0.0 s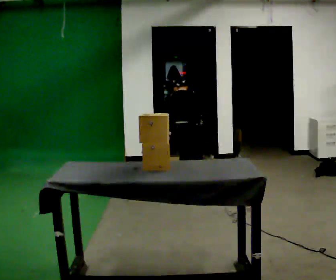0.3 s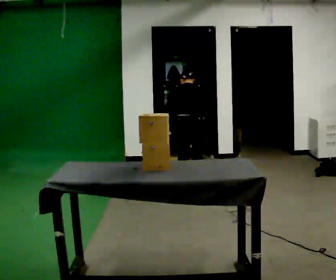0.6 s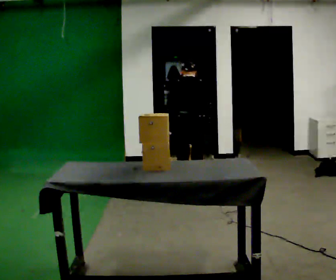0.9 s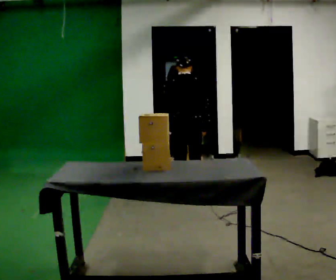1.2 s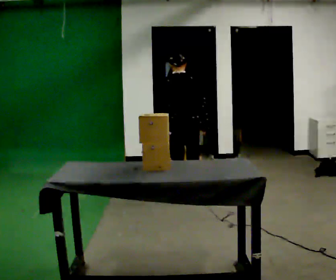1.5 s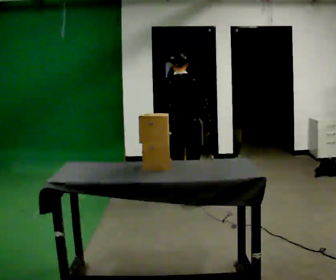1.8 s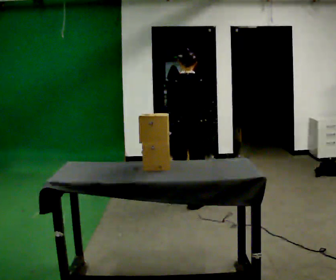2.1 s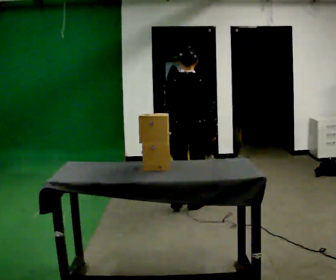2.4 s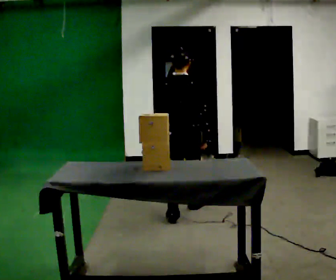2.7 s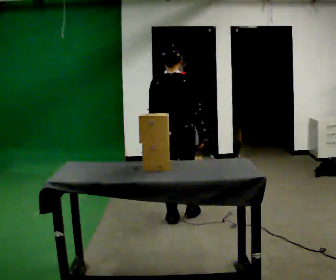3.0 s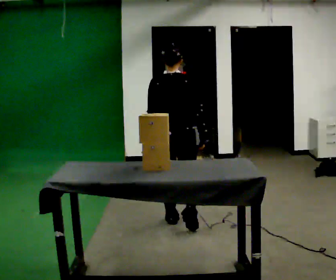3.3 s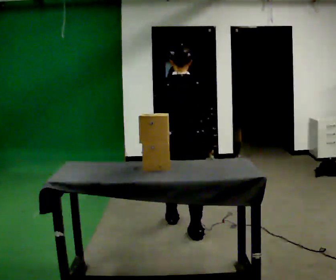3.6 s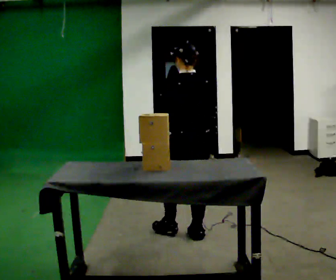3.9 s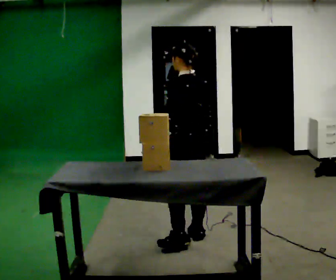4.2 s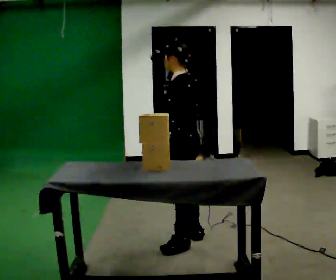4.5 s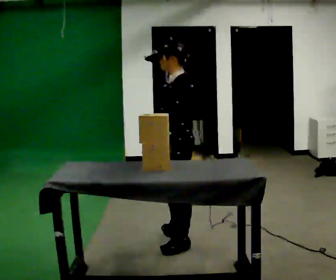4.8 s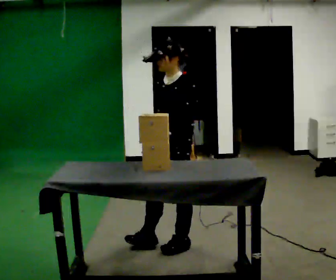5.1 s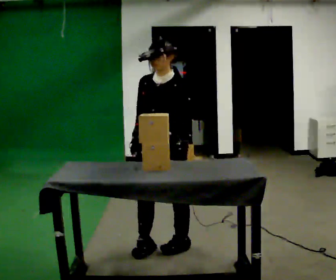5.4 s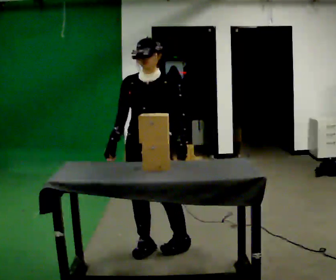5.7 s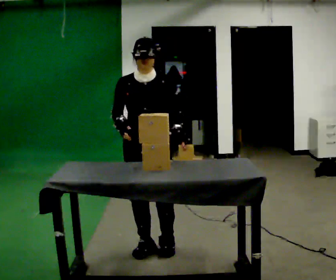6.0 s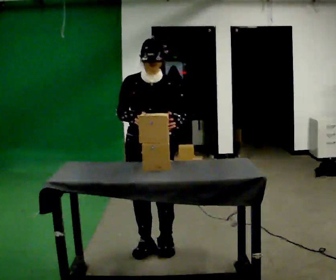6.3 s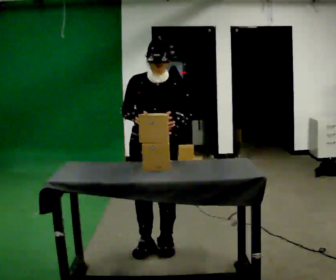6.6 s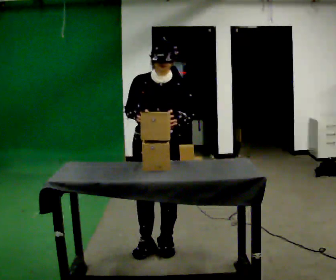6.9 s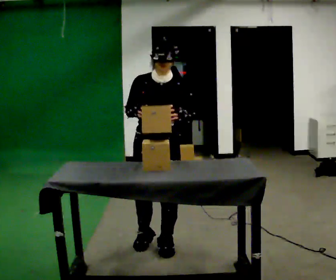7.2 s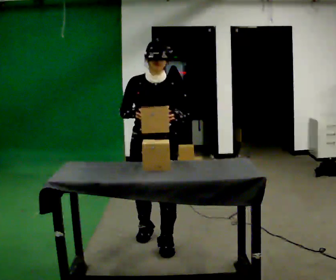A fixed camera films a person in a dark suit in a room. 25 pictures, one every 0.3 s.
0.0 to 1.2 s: In the picture they go toward the camera, about 0.25 m in 2 steps, which for them is backward. The upper body goes upward. The upper body tips toward the camera, its near side rolling downward, as they lean back or straighten.
1.2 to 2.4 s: In the picture they go toward the camera, about 0.5 m in 1 step, which for them is backward.
2.4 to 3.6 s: The person turns about 30 degrees to their left, counterclockwise seen from above, so the part of the body nearest the lens slides to the right. In the picture they go toward the camera, about 0.5 m in 2 steps, which for them is backward.
3.6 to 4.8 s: Seen from above the body turns counterclockwise, about 90 degrees: to their left, with its near side sliding to the right. In the picture they go toward the camera, about 0.25 m in 1 step.
4.8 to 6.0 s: The part of the body nearest the lens slides to the right as the person turns to their left by about 75 degrees. In the picture they go to the left, about 0.25 m.
6.0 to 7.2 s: The person moves a little, or ends about where they began.
The film runs backward here.
